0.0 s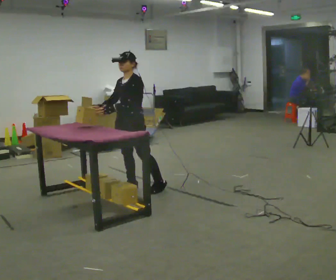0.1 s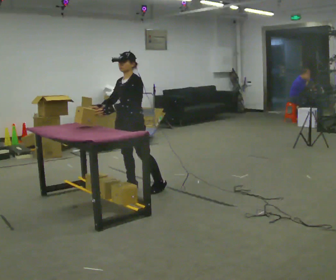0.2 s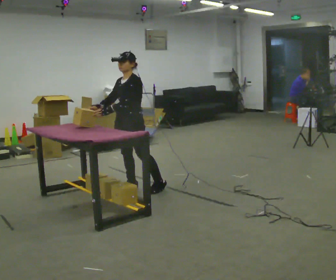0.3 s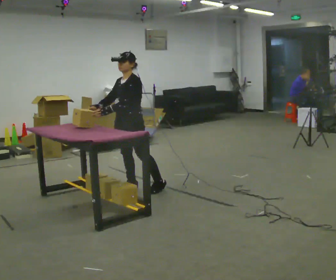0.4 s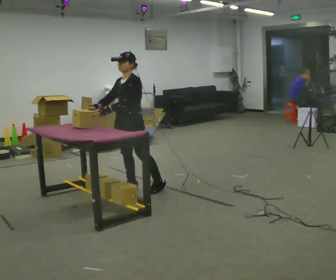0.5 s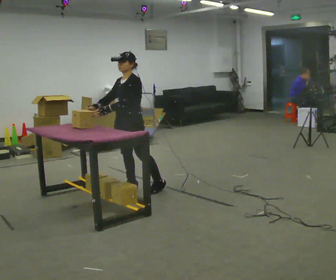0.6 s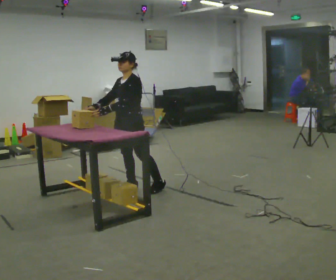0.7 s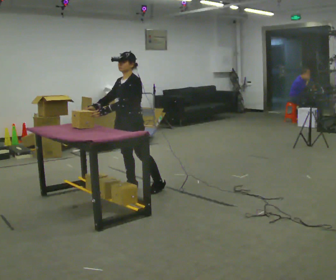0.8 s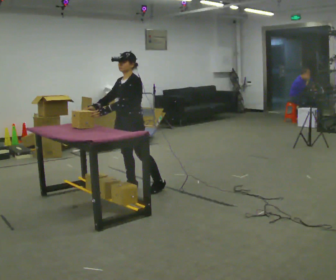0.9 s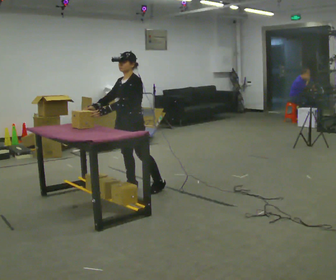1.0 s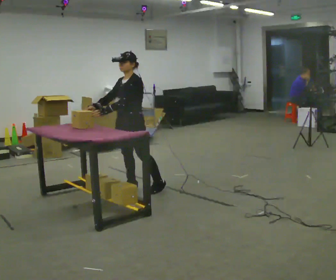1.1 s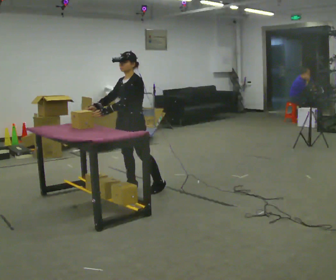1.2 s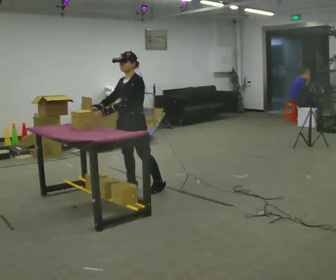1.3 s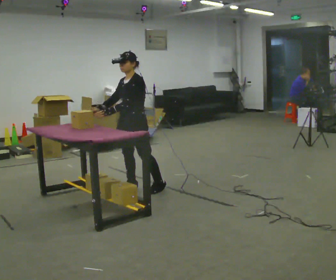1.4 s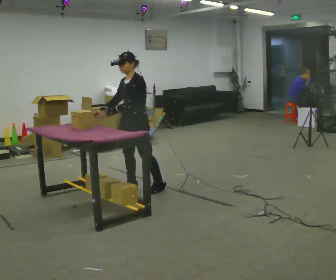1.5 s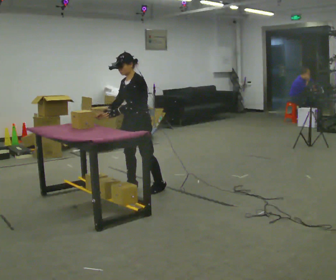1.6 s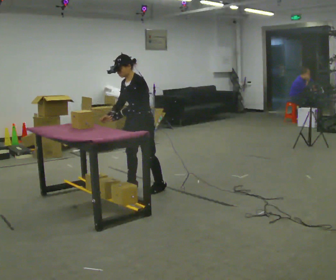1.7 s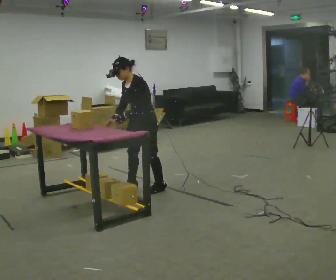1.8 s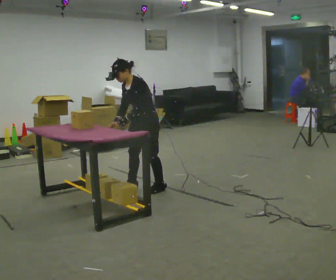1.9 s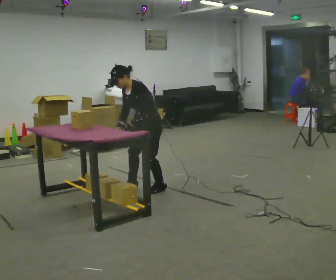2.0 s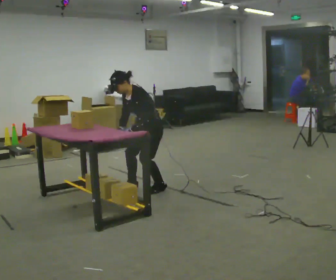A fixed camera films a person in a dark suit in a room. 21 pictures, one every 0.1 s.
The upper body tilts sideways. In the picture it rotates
counterclockwise.
0.0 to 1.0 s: The person moves a little, or ends about where they began.
1.0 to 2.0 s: In the picture they go to the right, about 0.25 m, which for them is backward. The upper body goes downward. In the picture the upper body tilts counterclockwise, shoulders to the left, as they bend forward. In the picture their right hand goes downward.
The film runs forward here.
